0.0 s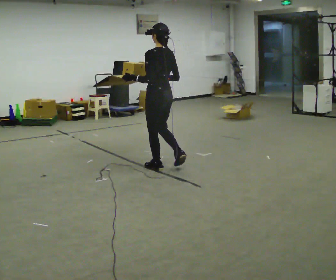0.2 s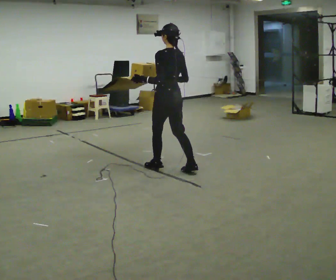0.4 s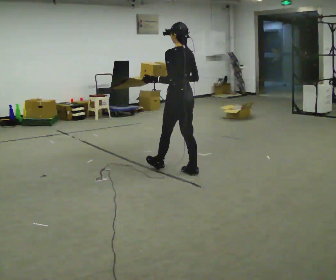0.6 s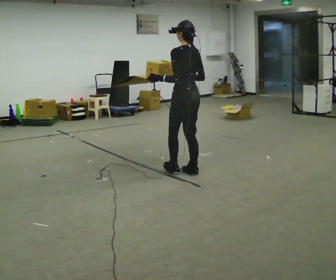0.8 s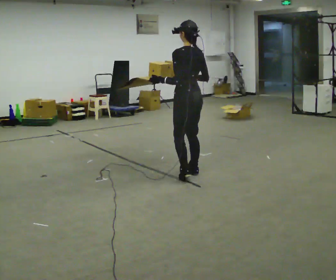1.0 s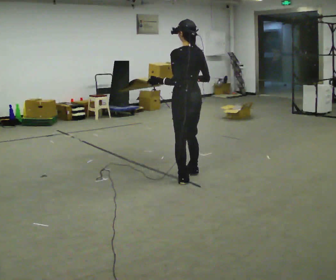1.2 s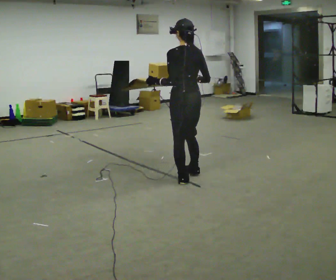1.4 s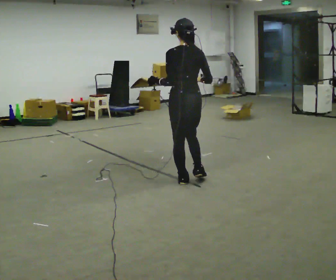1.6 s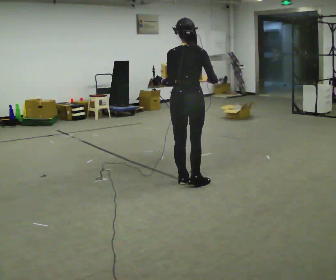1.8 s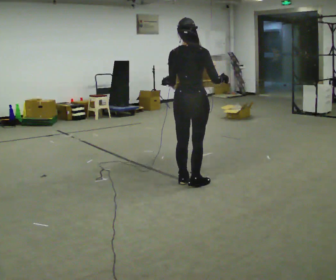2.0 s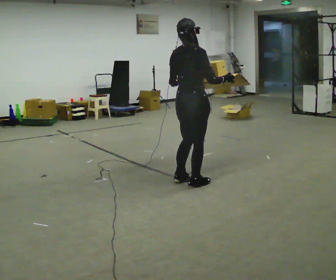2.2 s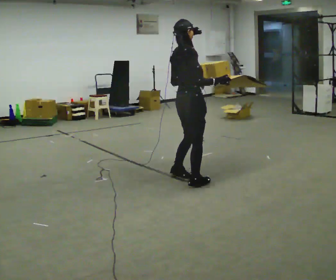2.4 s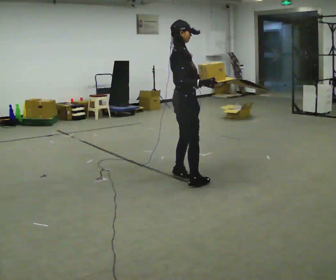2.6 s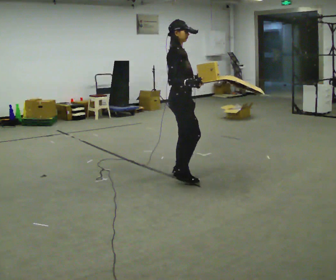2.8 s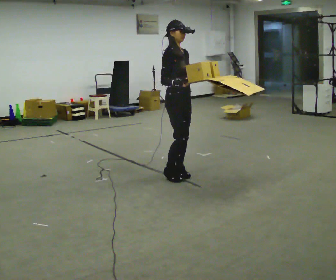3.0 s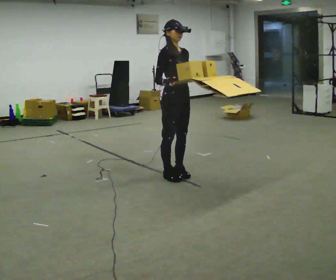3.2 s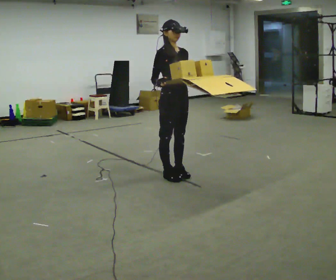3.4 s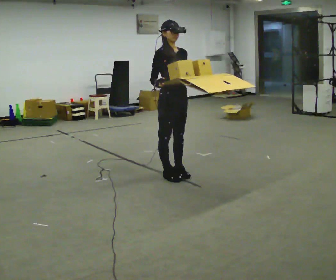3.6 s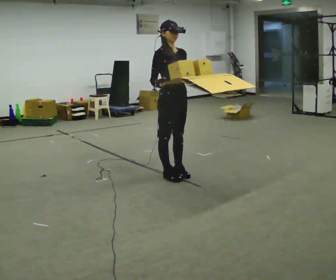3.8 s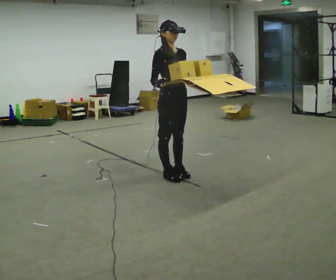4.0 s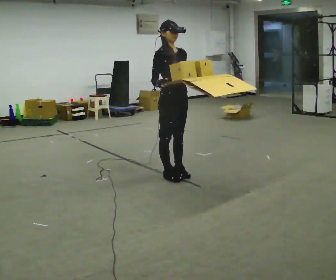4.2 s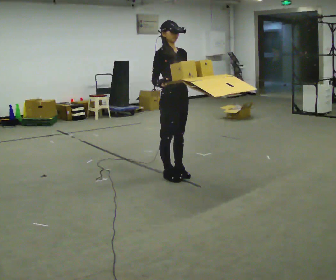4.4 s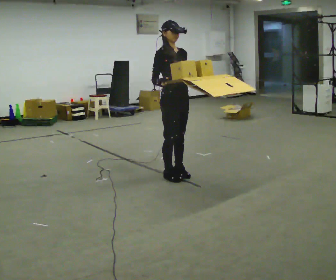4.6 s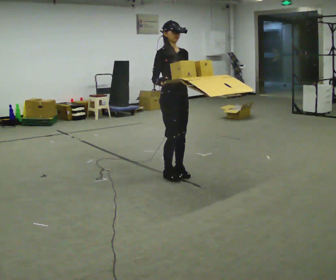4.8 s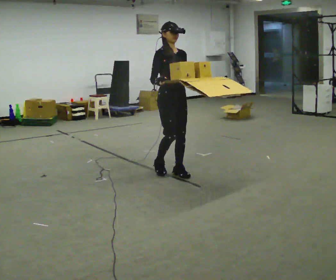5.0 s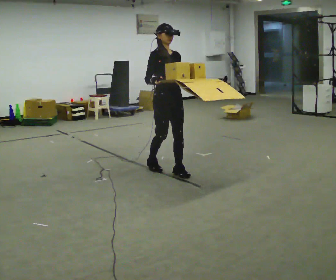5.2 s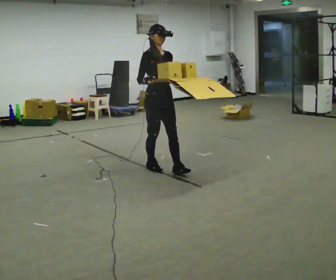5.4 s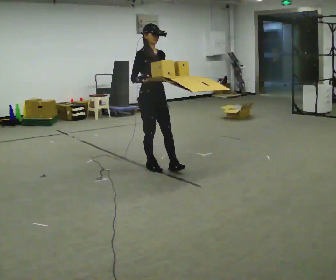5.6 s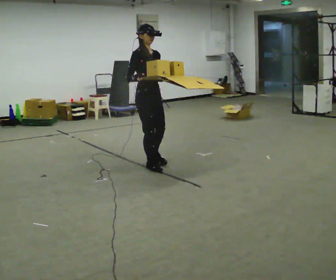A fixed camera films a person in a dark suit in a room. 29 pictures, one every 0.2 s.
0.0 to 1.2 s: In the picture they go to the right and toward the camera, about 0.5 m in 2 steps, which for them is backward.
1.2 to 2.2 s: Seen from above the body turns clockwise, about 90 degrees: to their right, with its near side sliding to the left.
2.2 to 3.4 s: The part of the body nearest the lens slides to the left as the person turns to their right by about 75 degrees. In the picture they go to the left, about 0.25 m in 1 step. In the picture their right hand goes to the left.
3.4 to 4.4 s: The person moves a little, or ends about where they began.
4.4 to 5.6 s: In the picture they go to the left and away from the camera, about 0.5 m in 2 steps, which for them is backward.
The film runs backward here.
